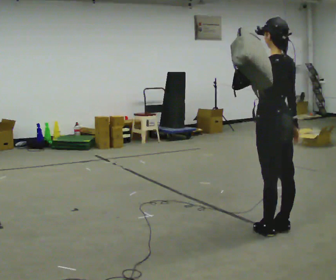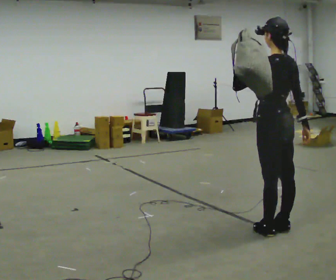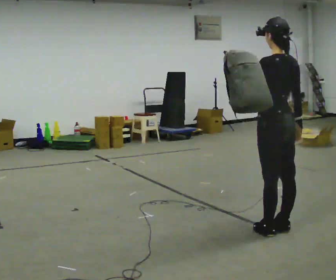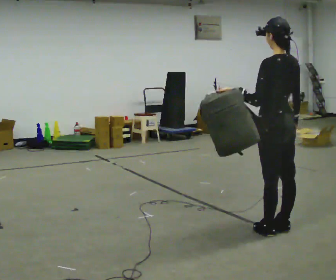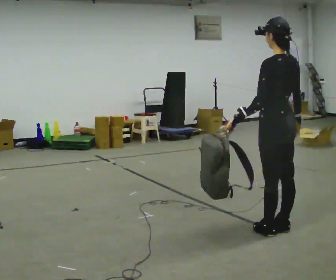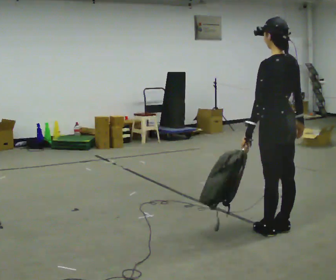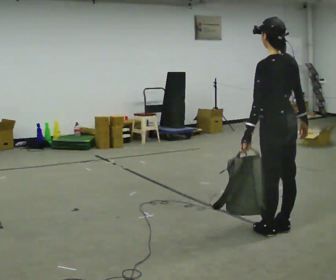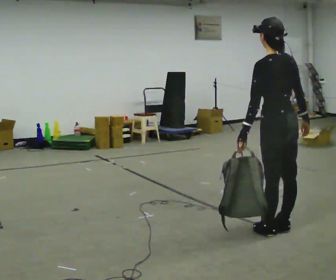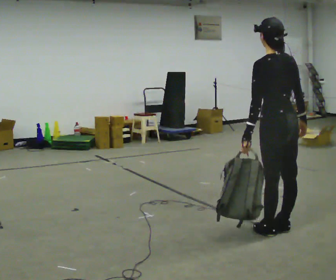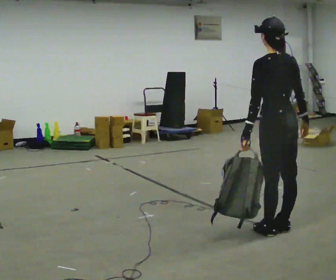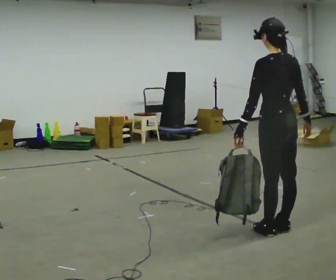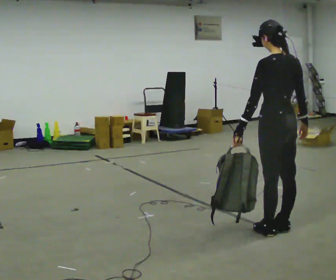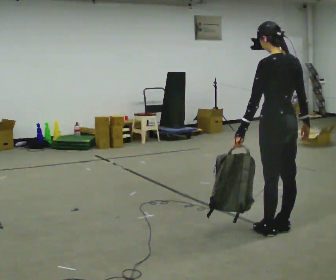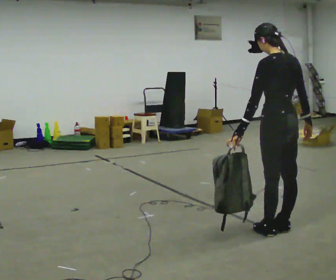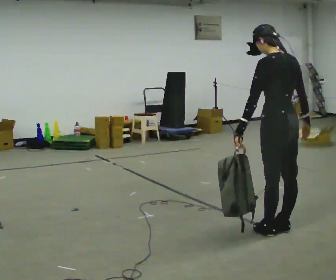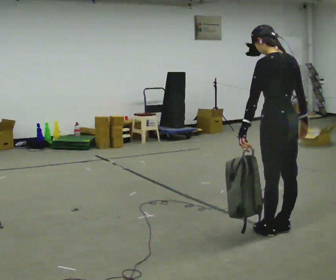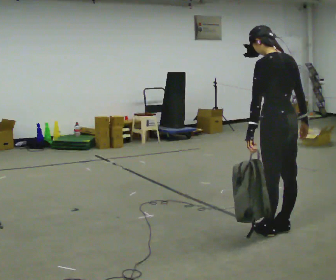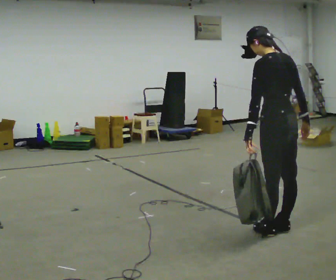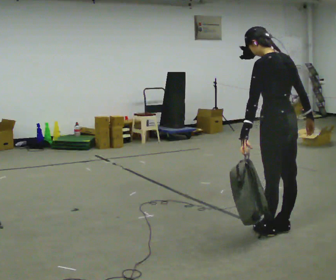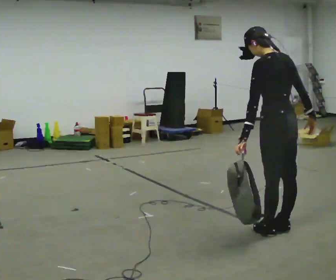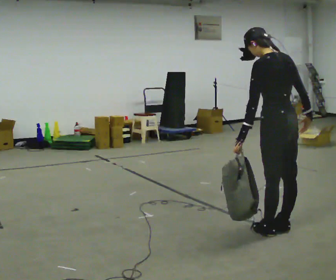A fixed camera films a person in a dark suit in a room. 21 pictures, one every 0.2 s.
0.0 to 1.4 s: In the picture their left hand goes downward.
1.4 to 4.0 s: The person moves a little, or ends about where they began.
The film runs forward here.
